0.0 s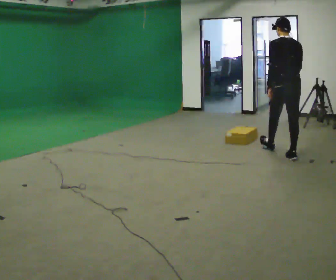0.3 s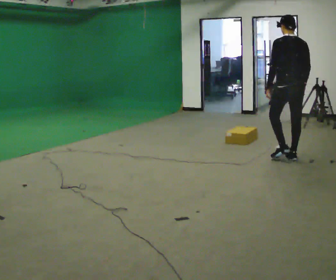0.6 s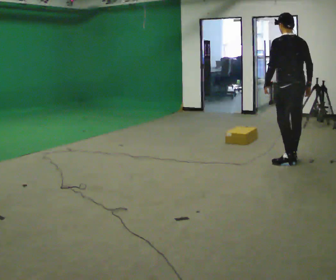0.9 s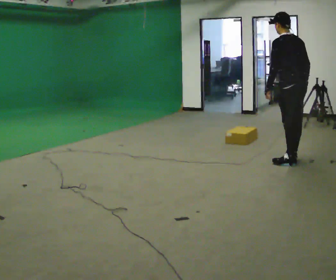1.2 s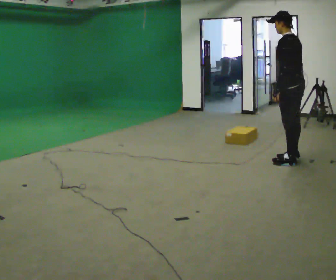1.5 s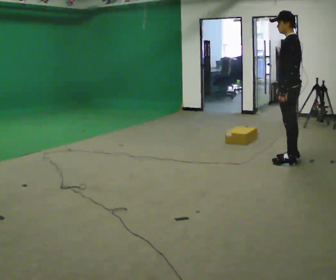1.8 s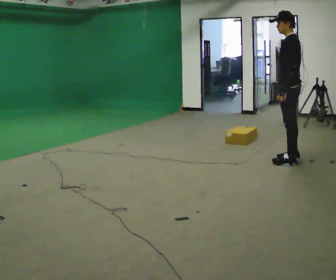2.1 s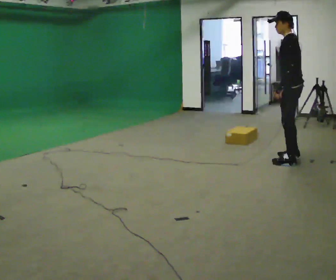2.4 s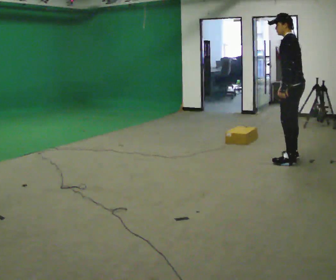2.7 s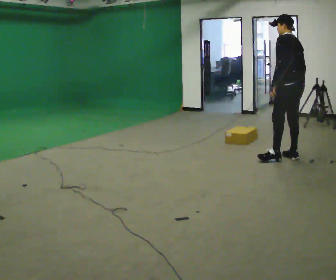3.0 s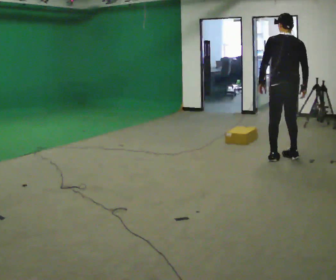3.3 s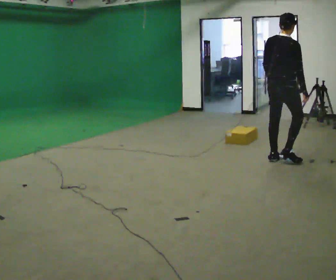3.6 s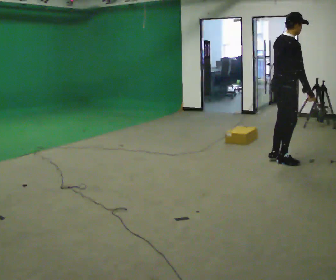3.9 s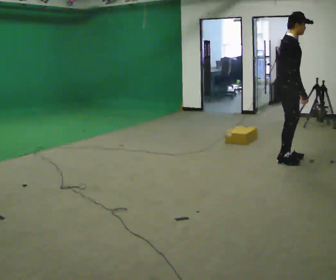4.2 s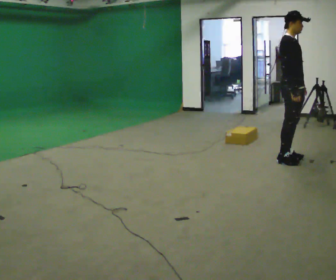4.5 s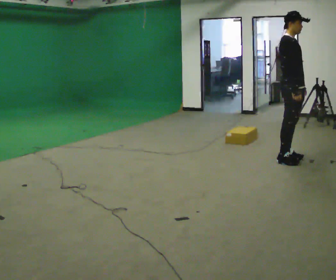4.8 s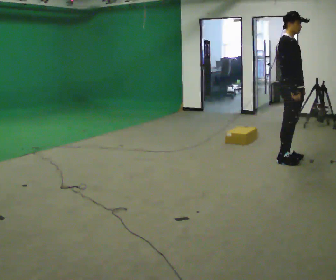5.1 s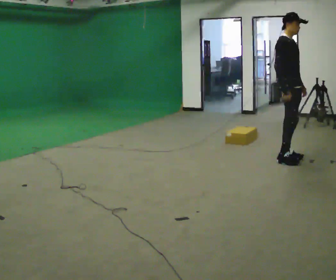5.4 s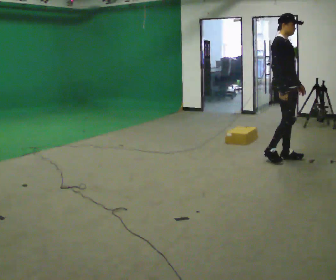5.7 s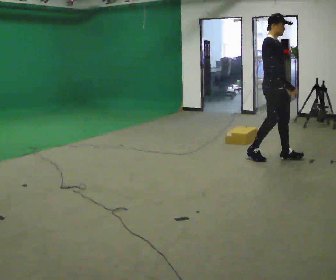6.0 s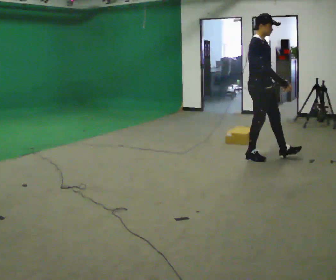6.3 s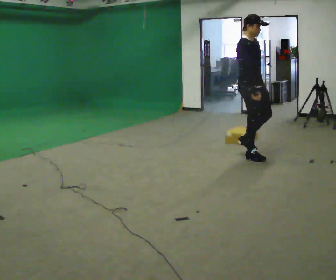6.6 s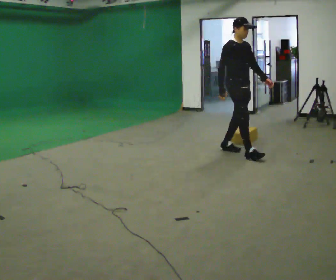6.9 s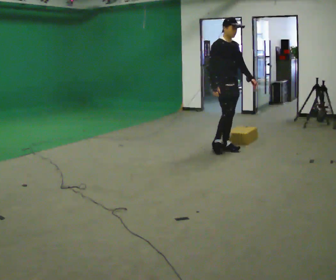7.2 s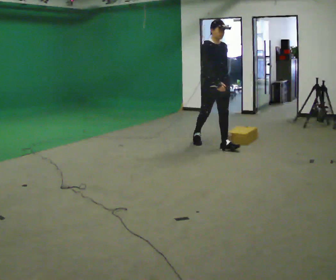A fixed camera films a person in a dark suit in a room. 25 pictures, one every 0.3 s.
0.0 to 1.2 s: The part of the body nearest the lens slides to the right as the person turns to their left by about 45 degrees. In the picture they go toward the camera, about 0.25 m, which for them is backward.
1.2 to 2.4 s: The person moves a little, or ends about where they began.
2.4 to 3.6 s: The person turns about 135 degrees to their right, clockwise seen from above, so the part of the body nearest the lens slides to the left. In the picture the upper body tilts clockwise, shoulders to the right.
3.6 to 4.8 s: Seen from above the body turns clockwise, about 45 degrees: to their right, with its near side sliding to the left.
4.8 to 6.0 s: In the picture they go to the left, about 0.5 m in 2 steps, which for them is backward.
6.0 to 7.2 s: The person turns about 30 degrees to their right, clockwise seen from above, so the part of the body nearest the lens slides to the left. In the picture they go to the left and away from the camera, about 1 m in 1 step, which for them is backward.
The film runs backward here.
